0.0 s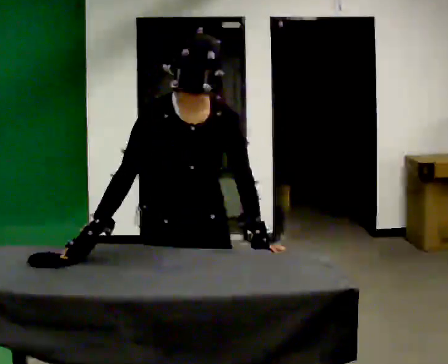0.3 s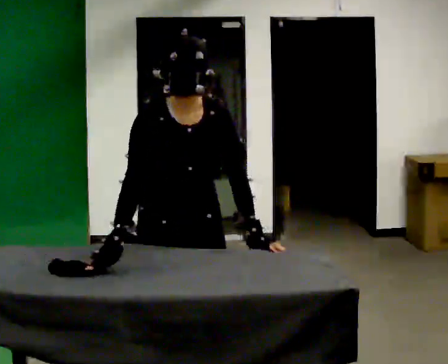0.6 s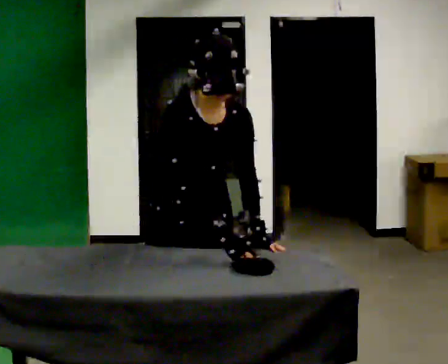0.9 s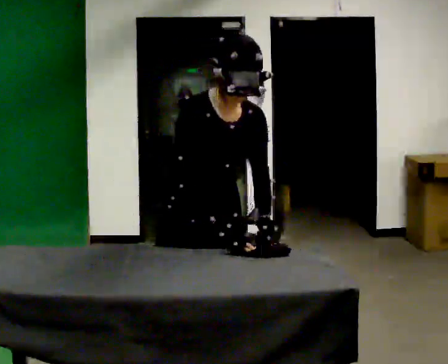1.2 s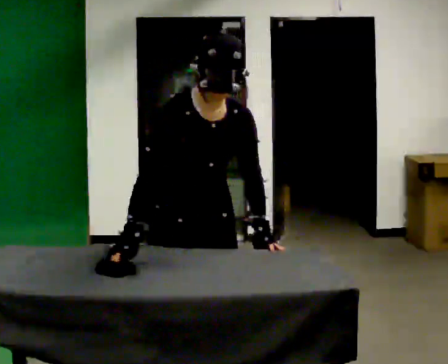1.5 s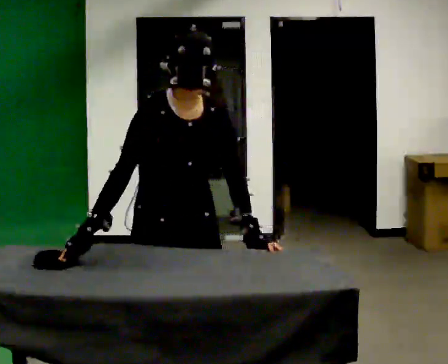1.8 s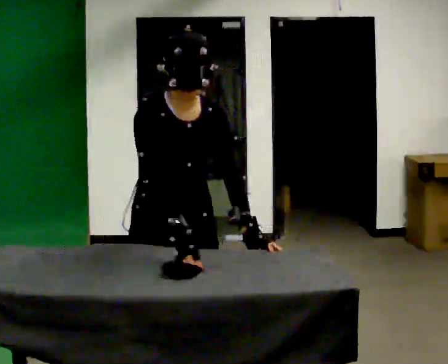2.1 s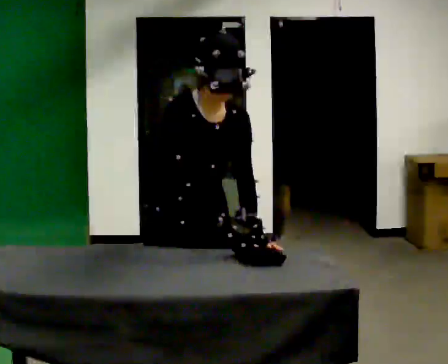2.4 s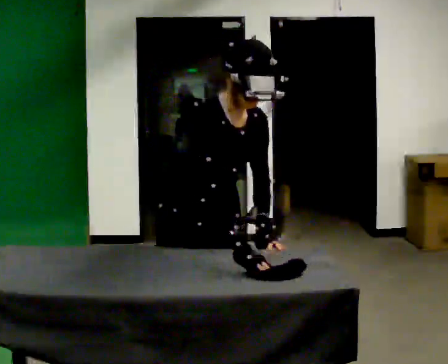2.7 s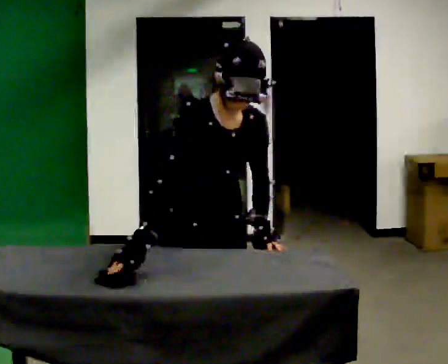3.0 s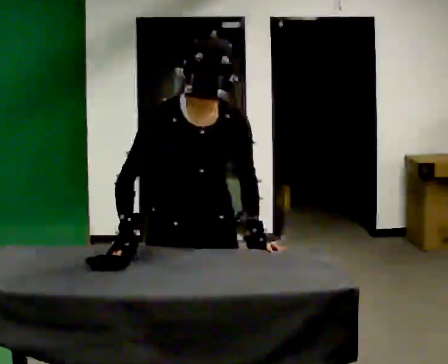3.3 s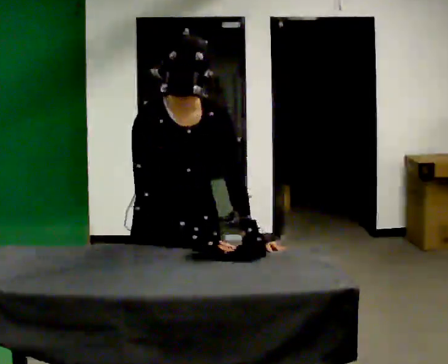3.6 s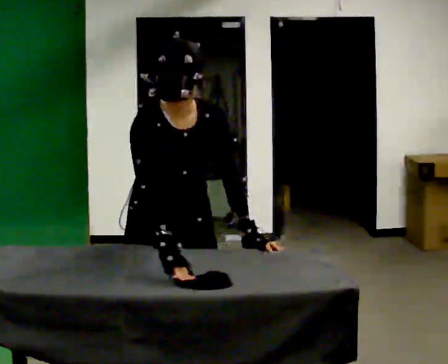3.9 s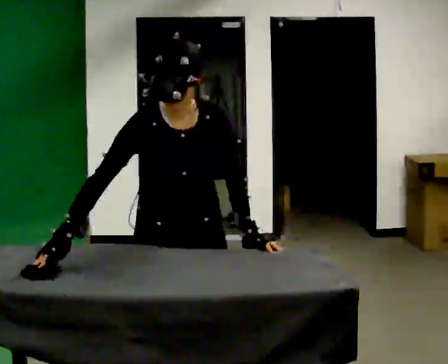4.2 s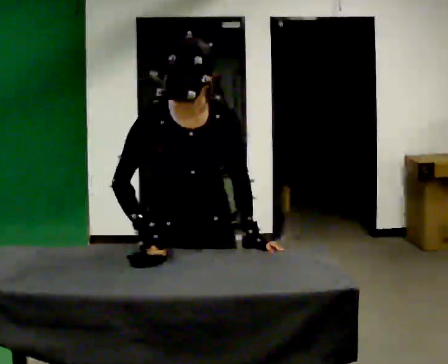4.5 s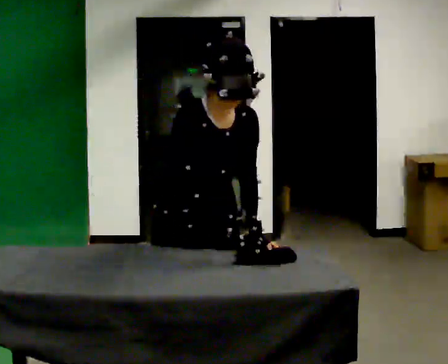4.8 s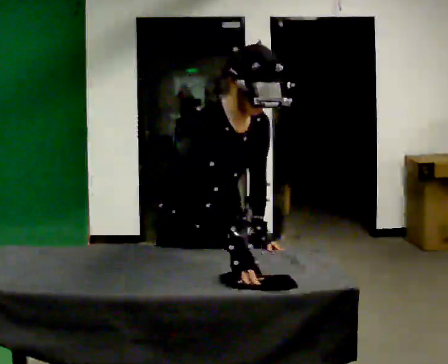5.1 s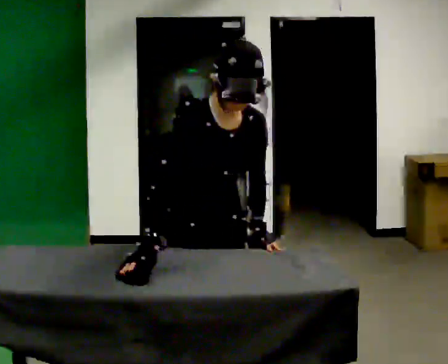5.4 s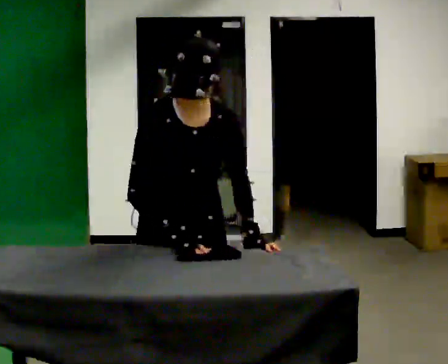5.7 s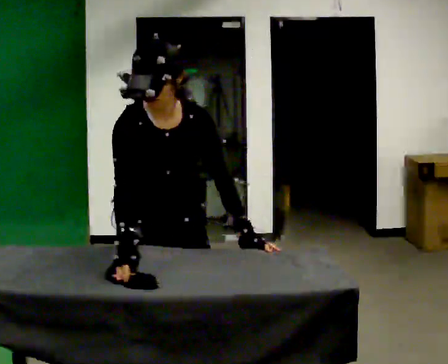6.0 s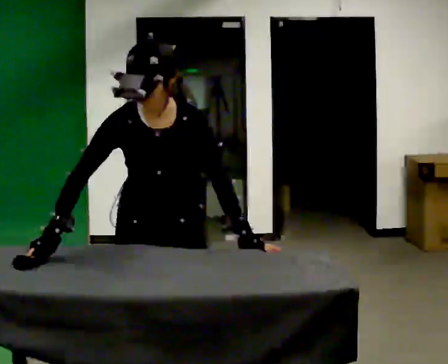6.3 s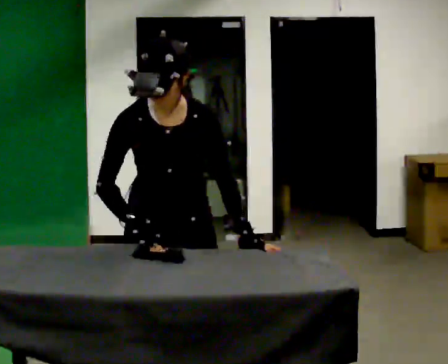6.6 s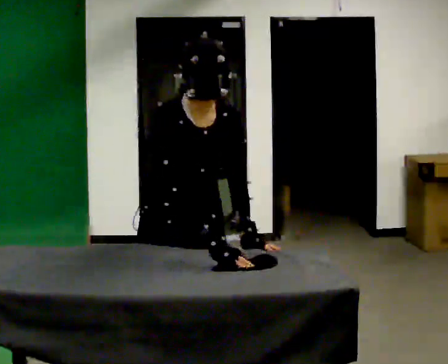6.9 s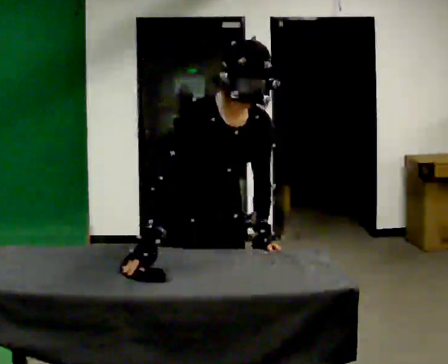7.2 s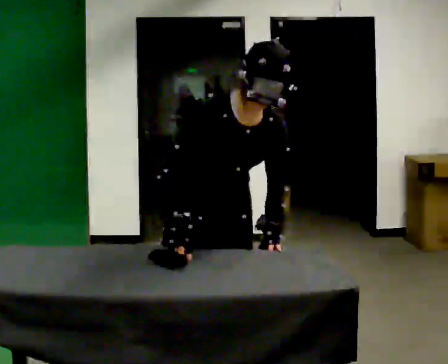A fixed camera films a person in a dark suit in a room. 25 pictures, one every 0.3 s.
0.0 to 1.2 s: The person moves a little, or ends about where they began.
1.2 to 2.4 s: In the picture their right hand goes to the right.
2.4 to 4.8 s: The person moves a little, or ends about where they began.
4.8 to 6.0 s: The part of the body nearest the lens slides to the left as the person turns to their right by about 30 degrees. In the picture they go to the left, about 0.25 m, which for them is to their right. In the picture the upper body tilts counterclockwise, shoulders to the left. In the picture their right hand goes to the left.
6.0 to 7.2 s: In the picture they go to the right, about 0.25 m, which for them is to their left. In the picture the upper body tilts clockwise, shoulders to the right.
The film runs forward here.
